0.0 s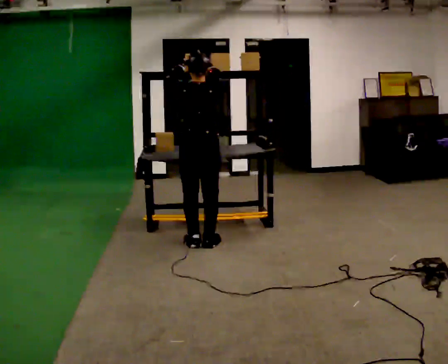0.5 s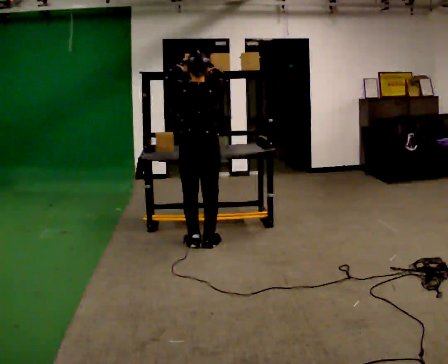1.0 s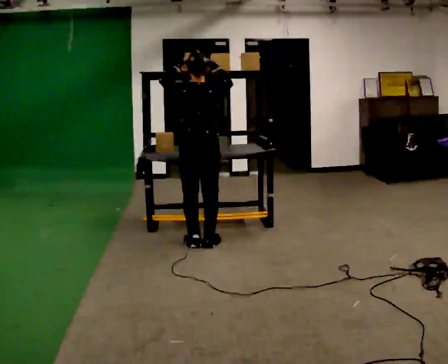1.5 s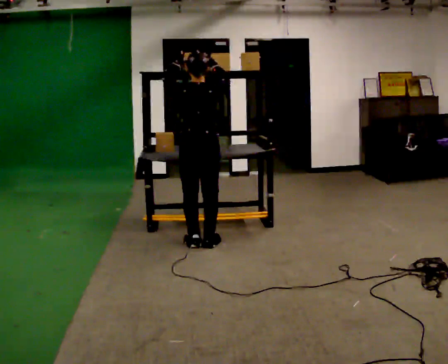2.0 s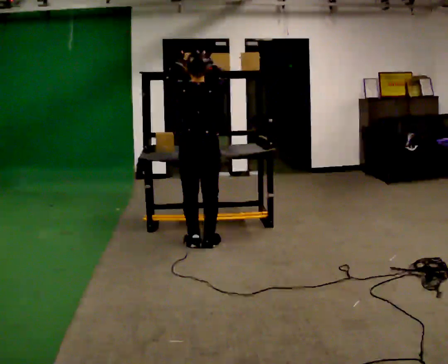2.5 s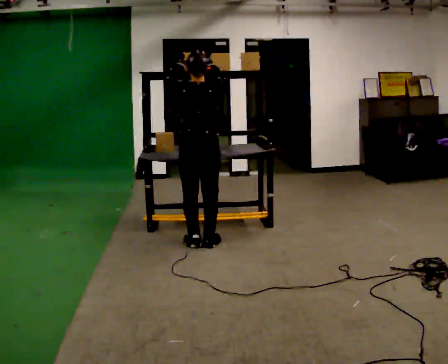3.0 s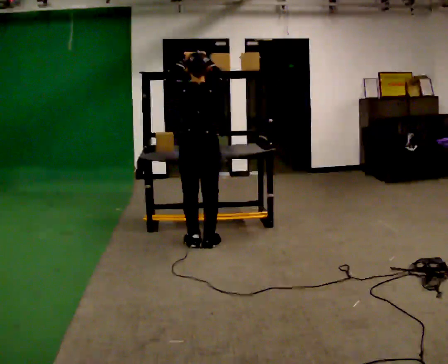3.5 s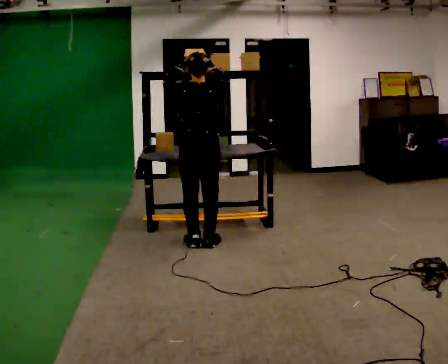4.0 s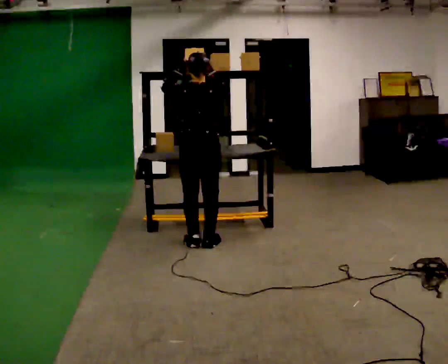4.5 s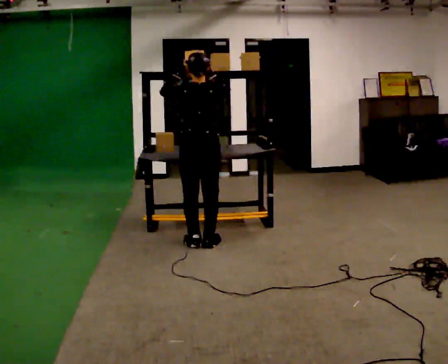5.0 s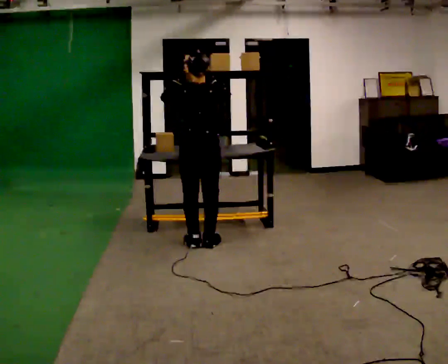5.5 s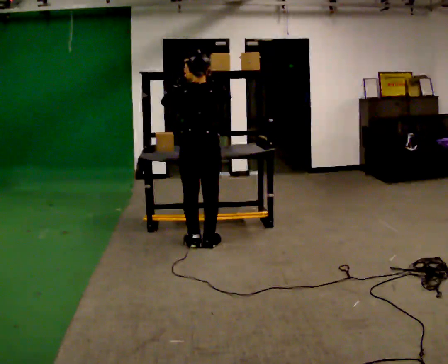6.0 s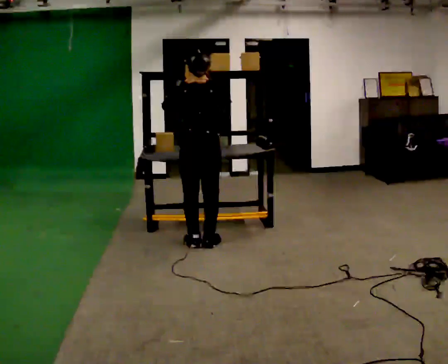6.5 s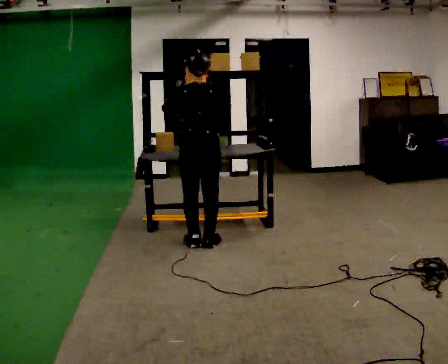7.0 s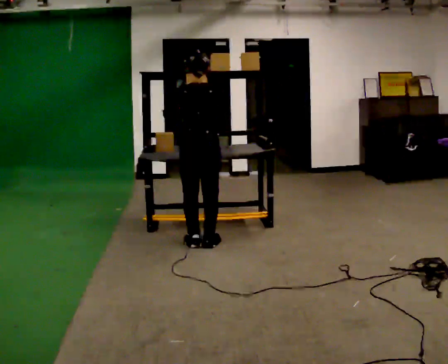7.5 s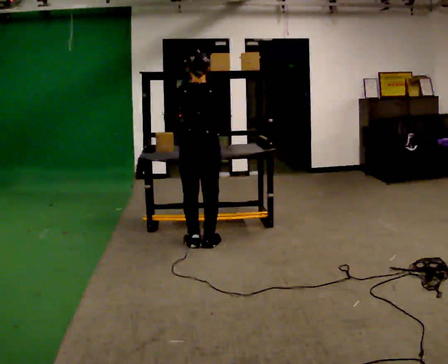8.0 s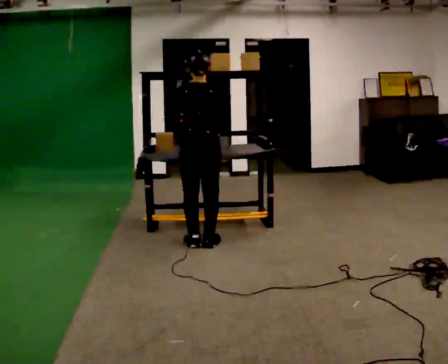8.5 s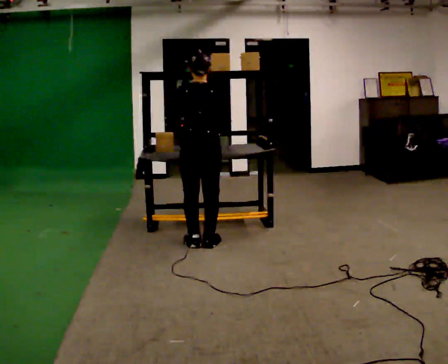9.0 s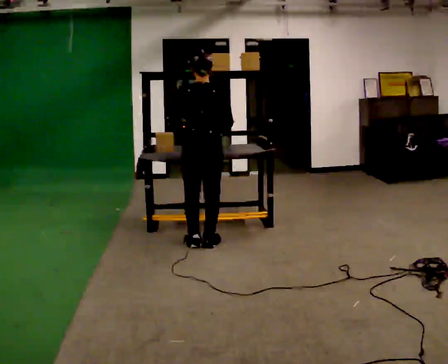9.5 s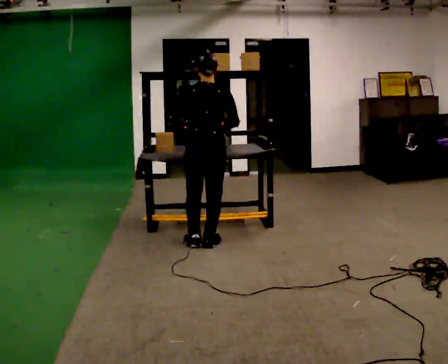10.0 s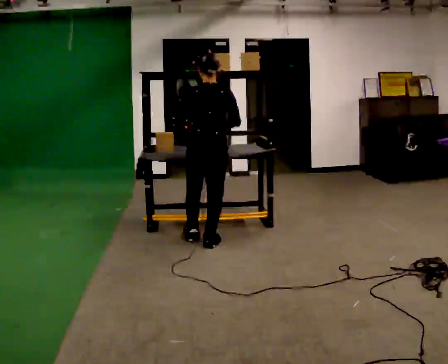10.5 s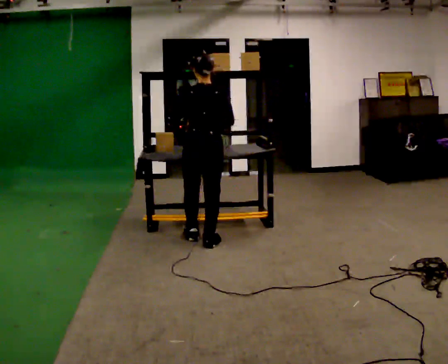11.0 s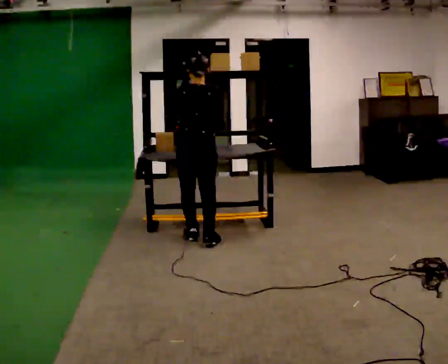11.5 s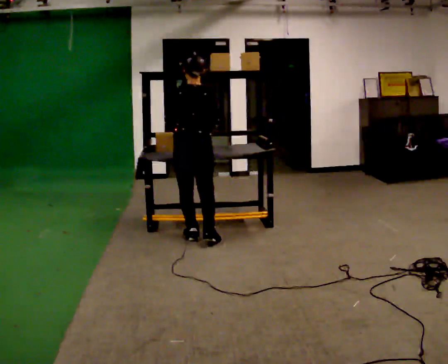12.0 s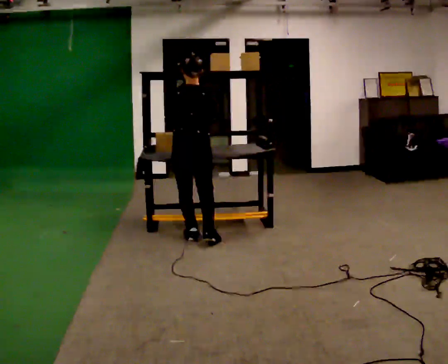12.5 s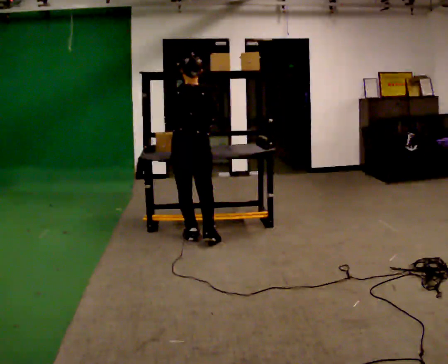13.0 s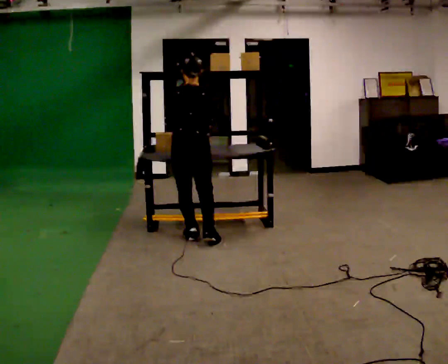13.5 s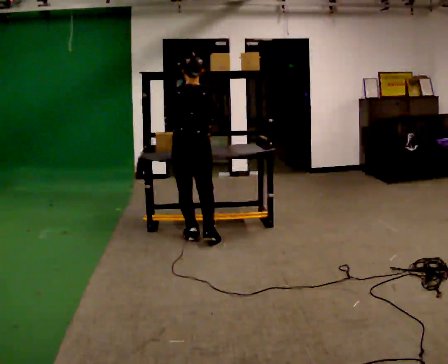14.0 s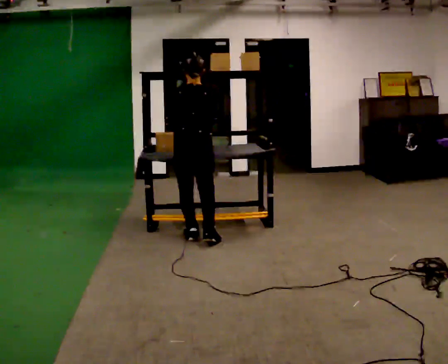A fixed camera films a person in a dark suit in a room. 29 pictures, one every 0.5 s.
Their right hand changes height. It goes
downward.
Their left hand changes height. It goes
downward.
0.0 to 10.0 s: In the picture their right hand goes downward.
10.0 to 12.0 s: In the picture they go away from the camera, about 0.25 m in 1 step, which for them is forward and to their left.
12.0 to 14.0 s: The person moves a little, or ends about where they began.
The film runs forward here.
